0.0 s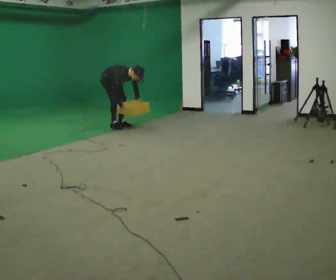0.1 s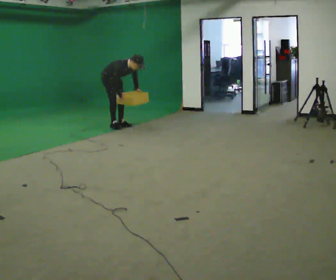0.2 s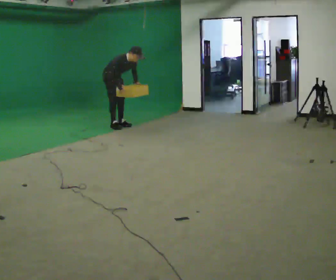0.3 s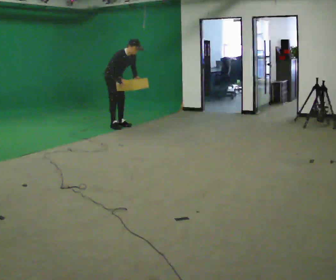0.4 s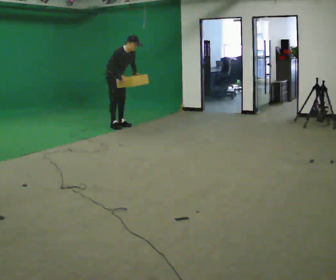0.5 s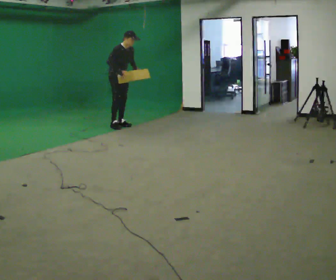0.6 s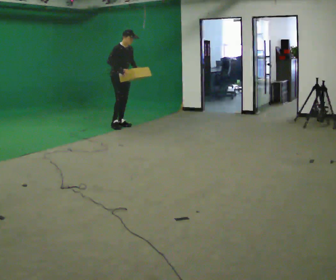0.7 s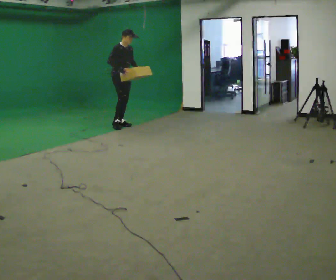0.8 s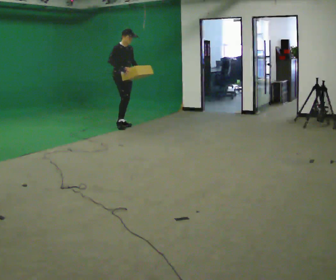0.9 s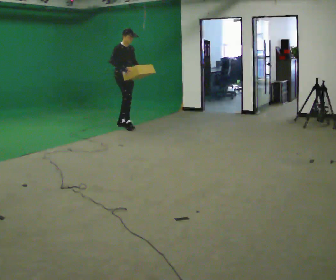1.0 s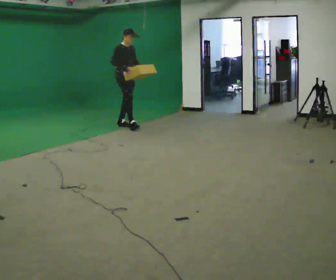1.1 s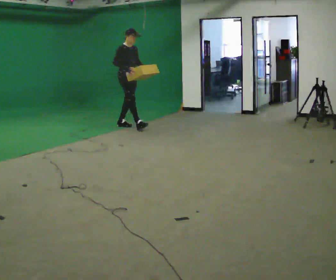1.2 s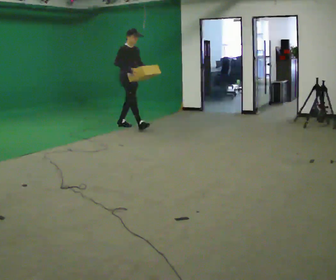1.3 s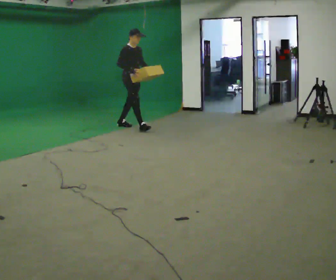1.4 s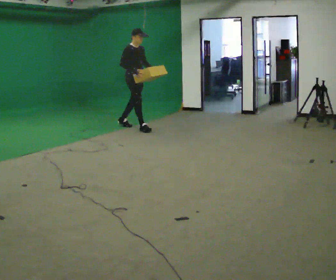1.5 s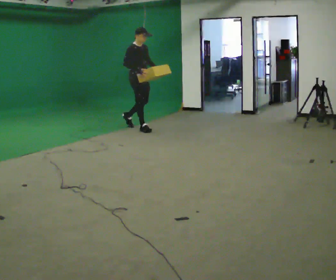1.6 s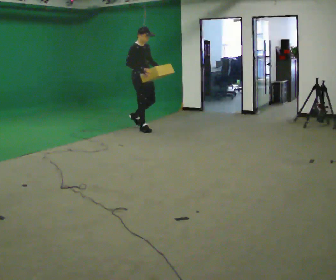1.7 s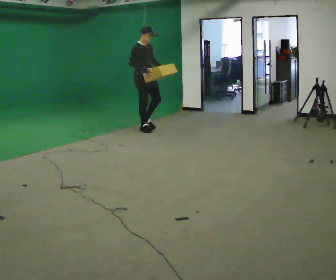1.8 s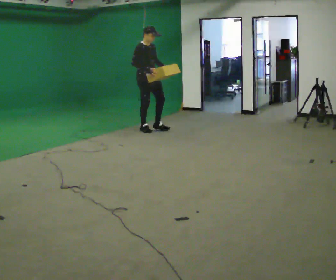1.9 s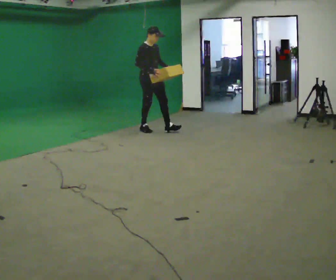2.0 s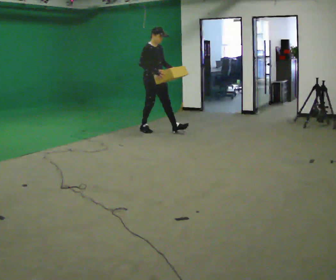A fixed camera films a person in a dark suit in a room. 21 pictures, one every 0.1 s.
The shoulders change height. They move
upward.
Their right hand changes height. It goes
upward.
0.0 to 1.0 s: In the picture they go to the right, about 0.25 m, which for them is forward. The upper body goes upward. In the picture the upper body tilts counterclockwise, shoulders to the left, as they lean back or straighten. In the picture their right hand goes upward.
1.0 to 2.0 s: In the picture they go to the right and toward the camera, about 0.75 m in 1 step, which for them is forward.
The film runs forward here.
